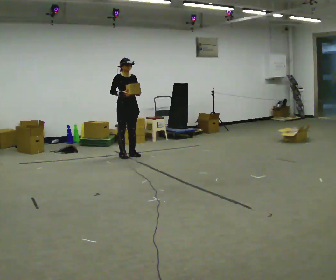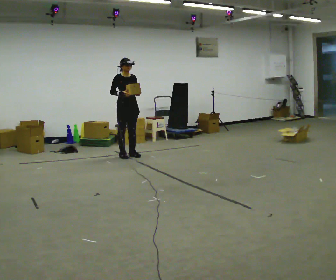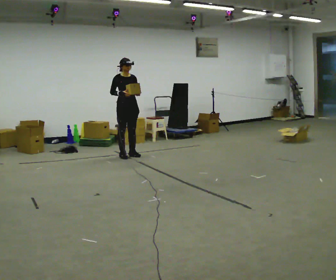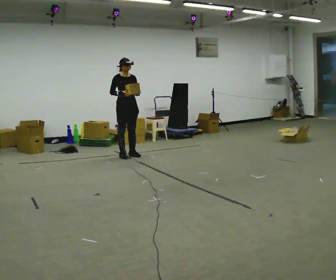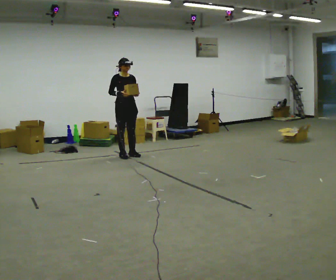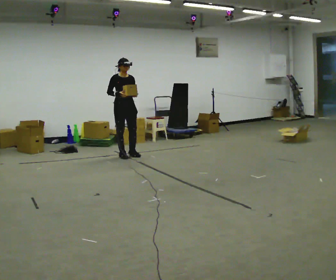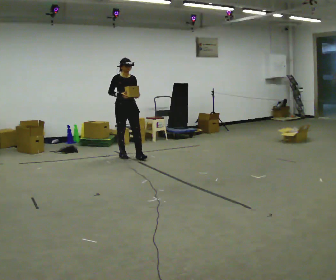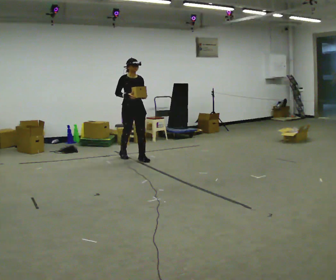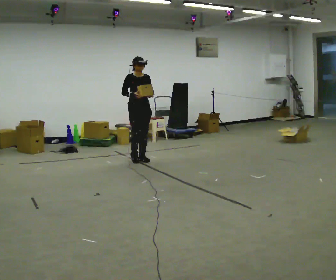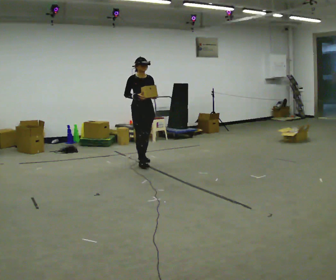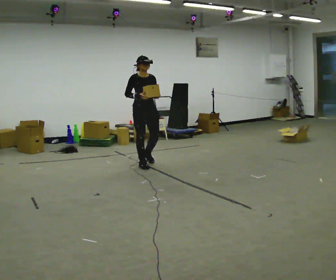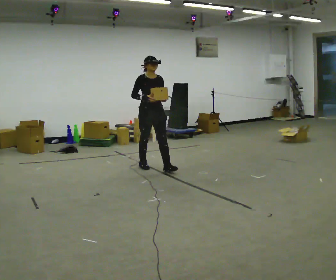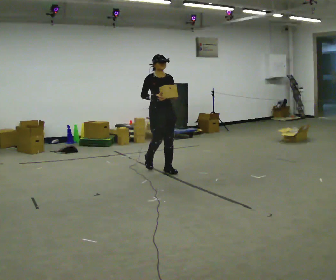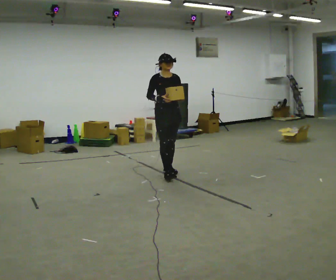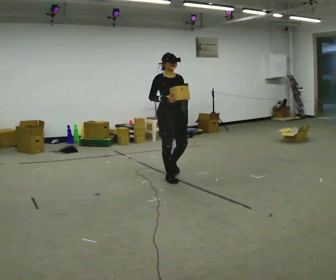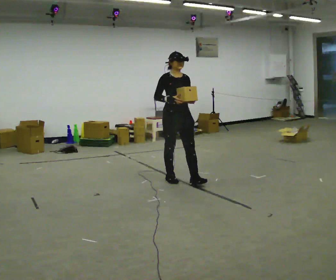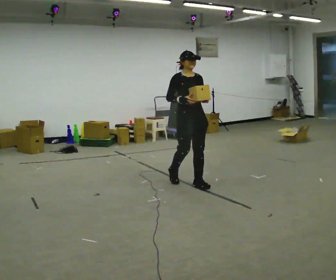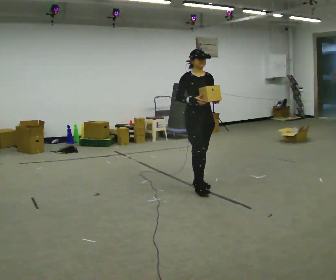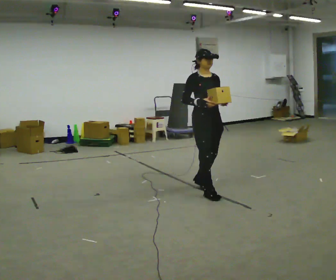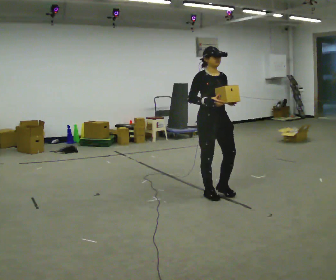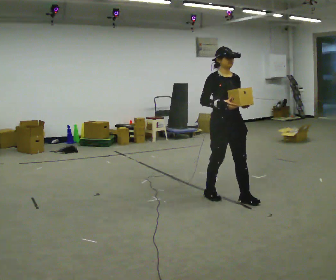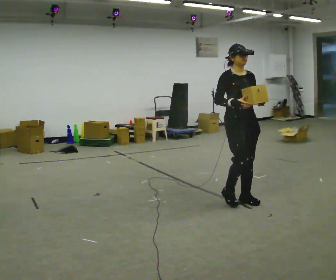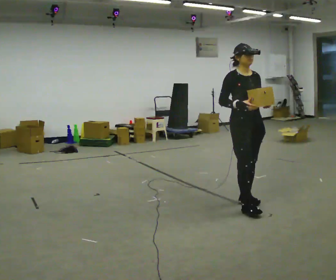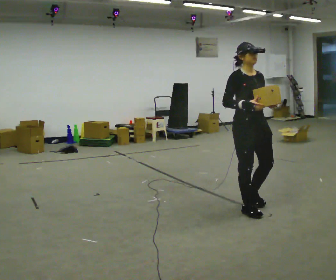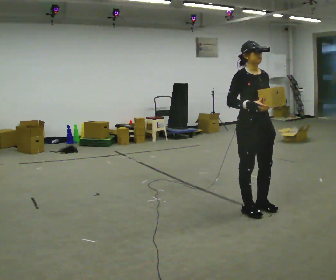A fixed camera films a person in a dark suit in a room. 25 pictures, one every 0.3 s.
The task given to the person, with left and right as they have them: Carry the light box in both hands in front of you, walking back and forth across the room. Keep walking until the operator says stop.
0.0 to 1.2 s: The person moves a little, or ends about where they began.
1.2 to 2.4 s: In the picture they go toward the camera and to the right, about 0.5 m in 1 step, which for them is forward.
2.4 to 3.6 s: In the picture they go toward the camera and to the right, about 1 m in 2 steps, which for them is forward.
3.6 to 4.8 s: In the picture they go toward the camera and to the right, about 1 m in 2 steps, which for them is forward.
4.8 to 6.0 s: In the picture they go toward the camera and to the right, about 0.75 m in 2 steps, which for them is forward.
6.0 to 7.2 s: In the picture they go toward the camera and to the right, about 0.5 m in 2 steps, which for them is forward.
The film runs forward here.
